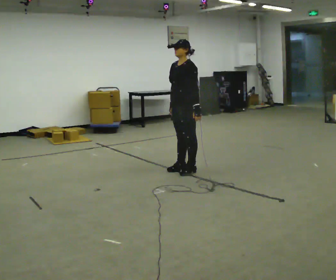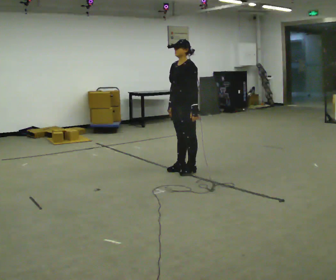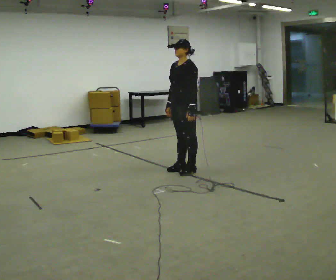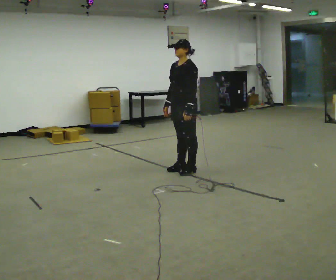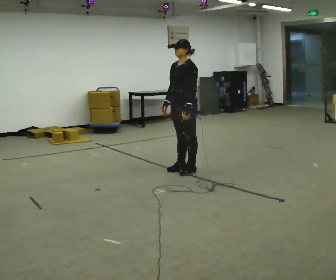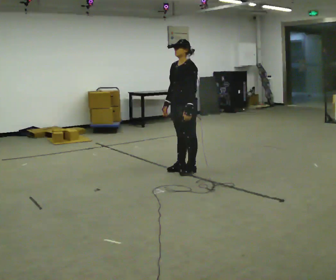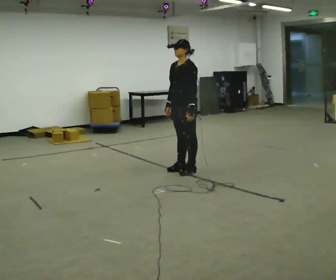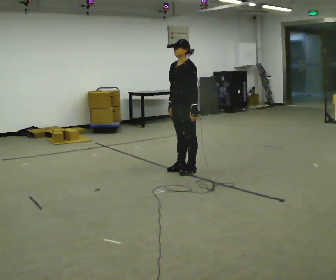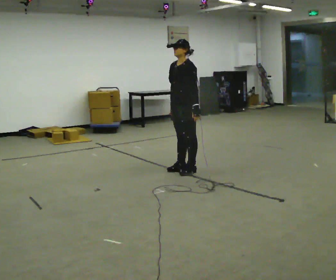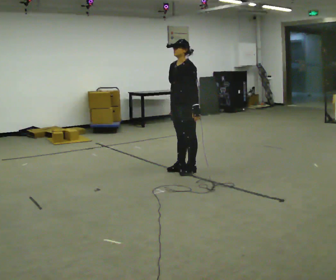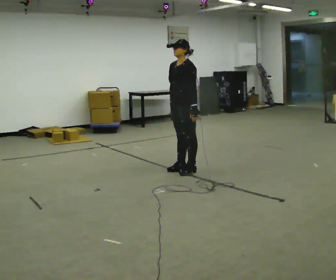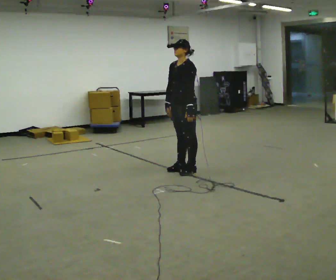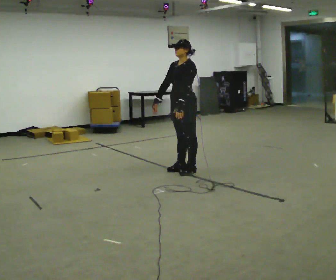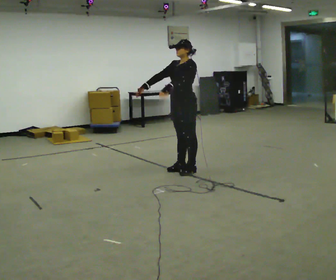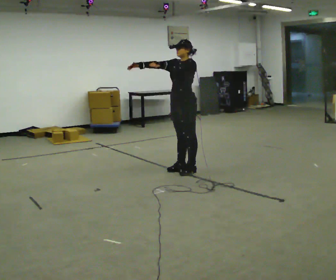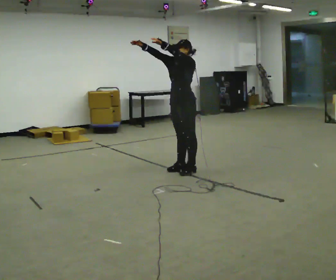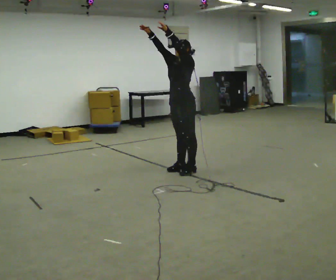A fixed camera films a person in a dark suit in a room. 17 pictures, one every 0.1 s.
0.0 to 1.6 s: In the picture their left hand goes upward.
The film runs forward here.
